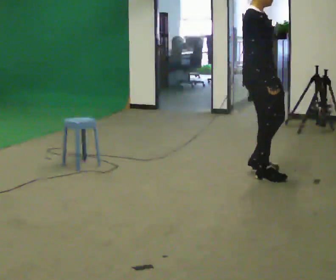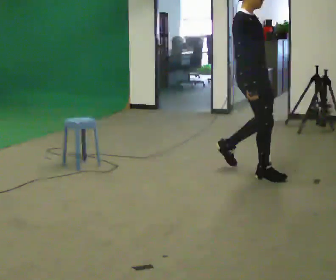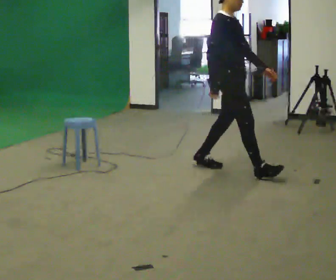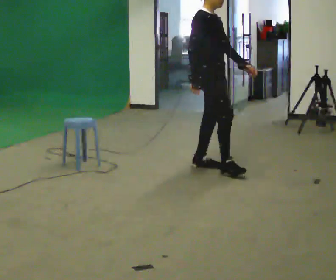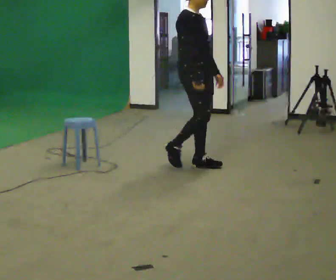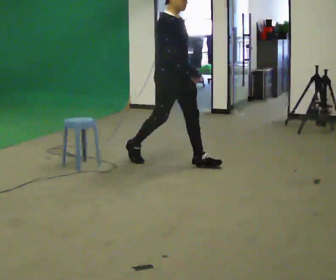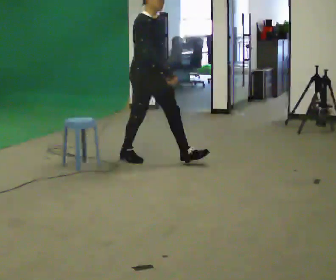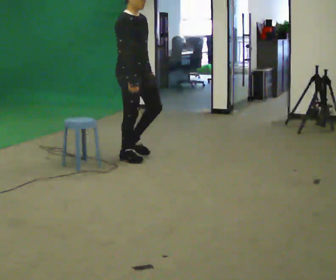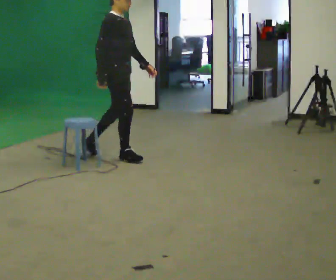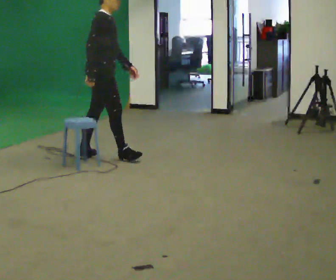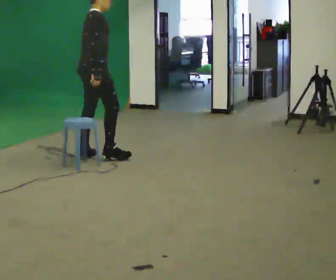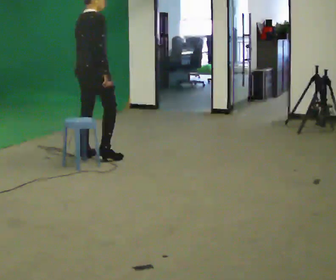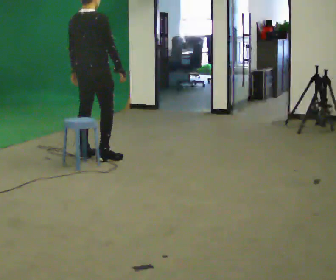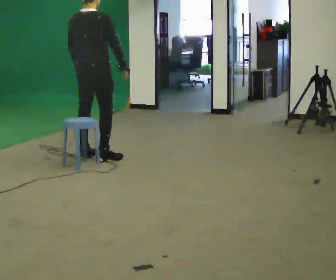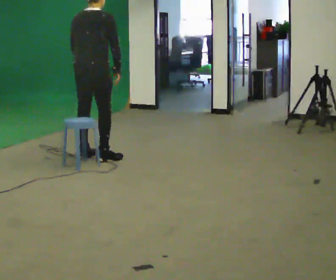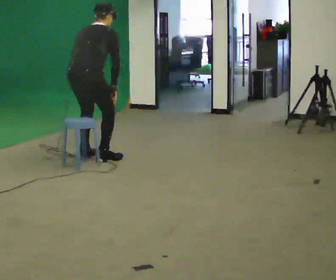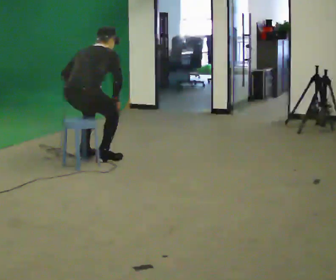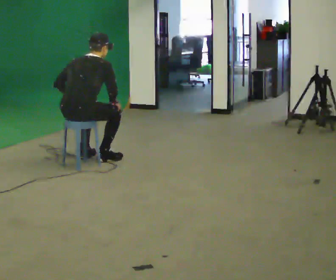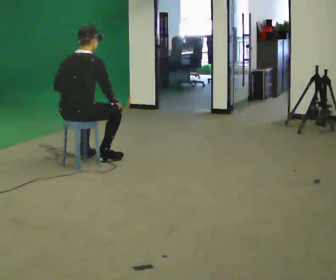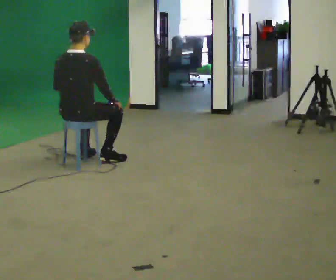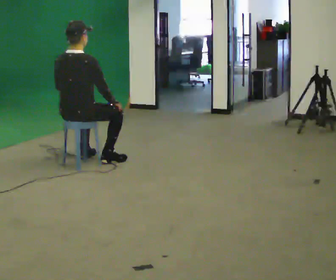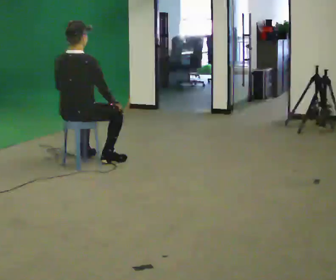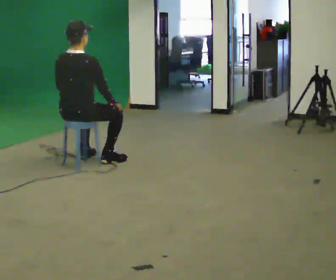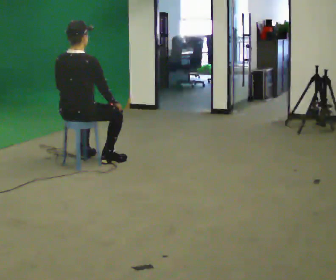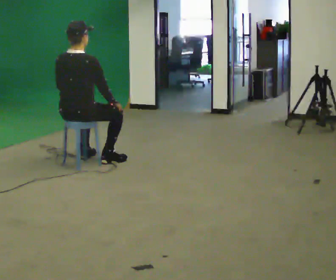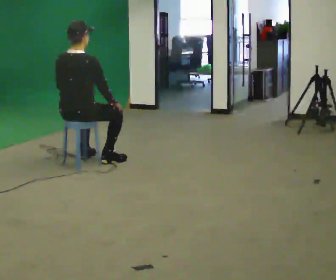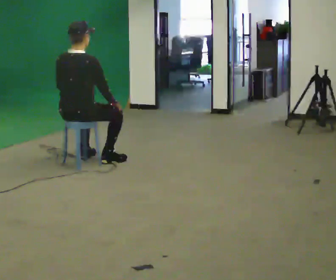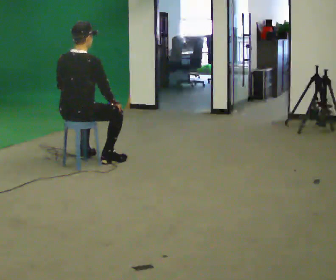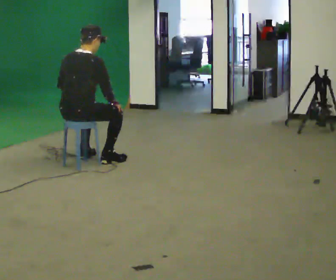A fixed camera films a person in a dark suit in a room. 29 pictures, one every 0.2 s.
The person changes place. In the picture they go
to the left.
The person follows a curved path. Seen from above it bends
counterclockwise.
0.0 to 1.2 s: In the picture they go to the left and away from the camera, about 1 m in 2 steps, which for them is backward.
1.2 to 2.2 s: The person turns about 75 degrees to their left, counterclockwise seen from above, so the part of the body nearest the lens slides to the right. In the picture they go to the left and away from the camera, about 0.5 m in 1 step.
2.2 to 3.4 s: In the picture they go toward the camera, about 0.25 m, which for them is backward. The upper body goes downward. In the picture their right hand goes downward.
3.4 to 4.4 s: The upper body tips toward the camera, its near side rolling downward, as they lean back or straighten.
4.4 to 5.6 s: The person moves a little, or ends about where they began.
The film runs backward here.
